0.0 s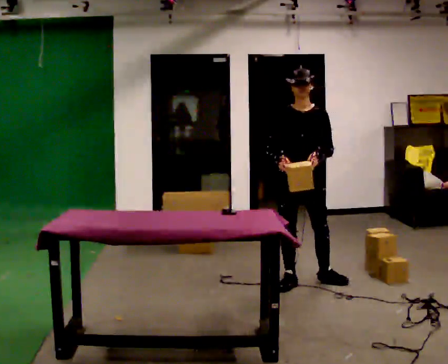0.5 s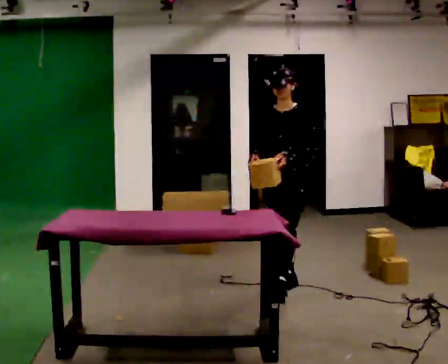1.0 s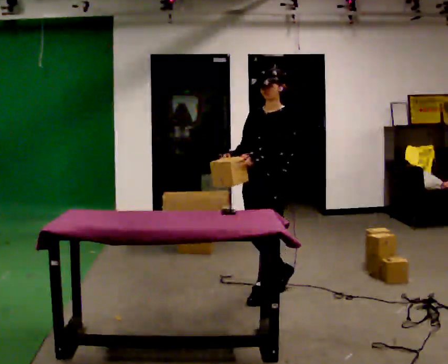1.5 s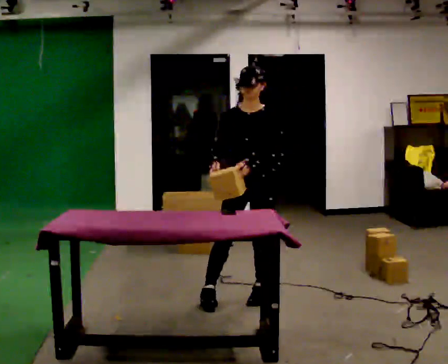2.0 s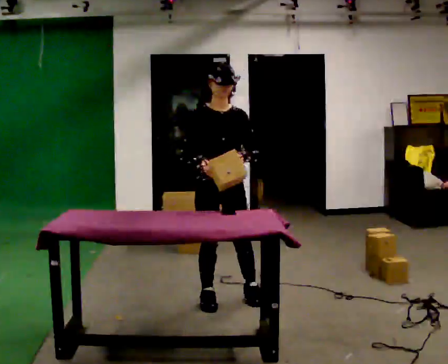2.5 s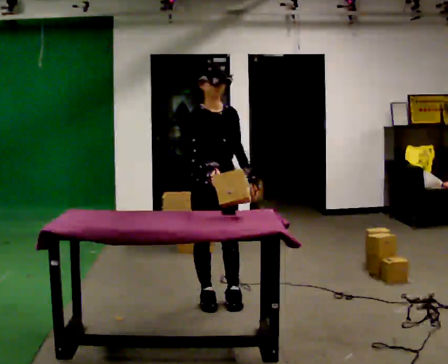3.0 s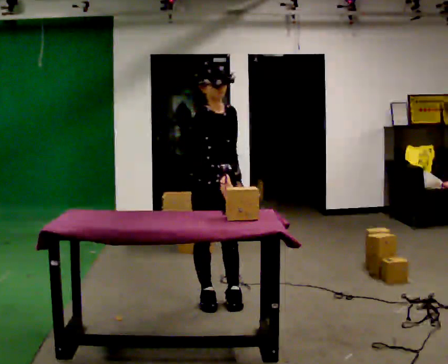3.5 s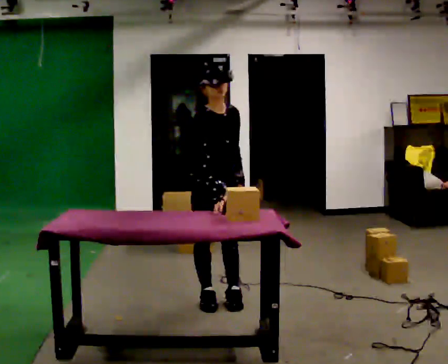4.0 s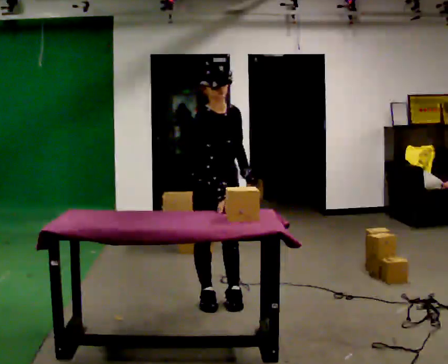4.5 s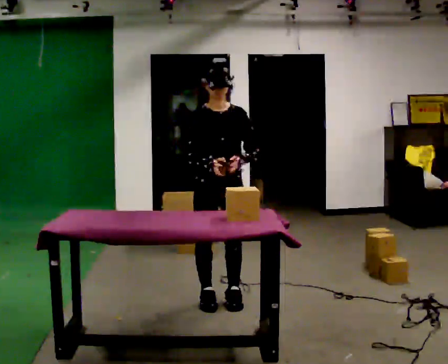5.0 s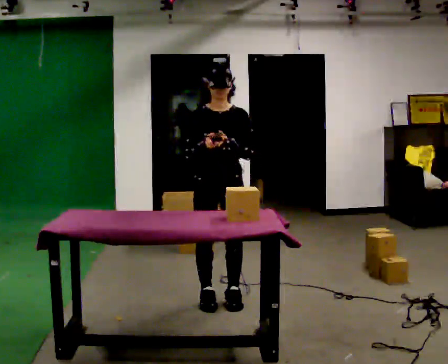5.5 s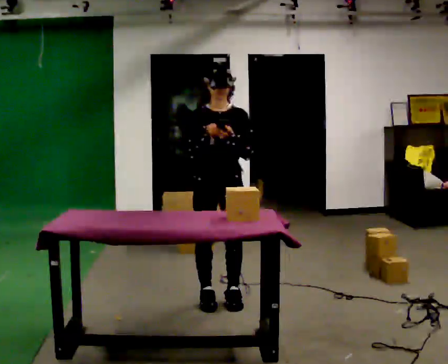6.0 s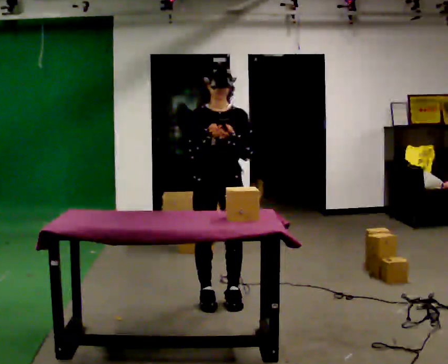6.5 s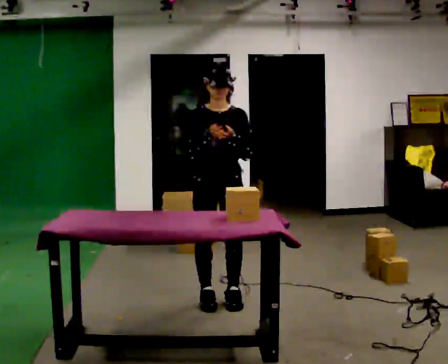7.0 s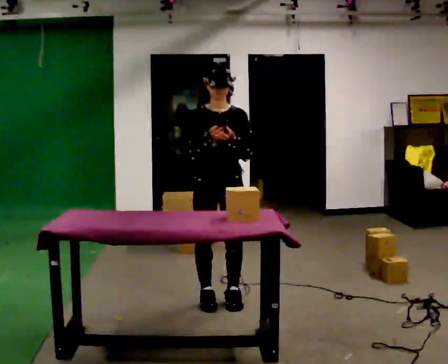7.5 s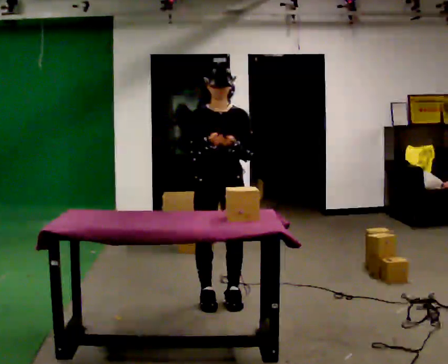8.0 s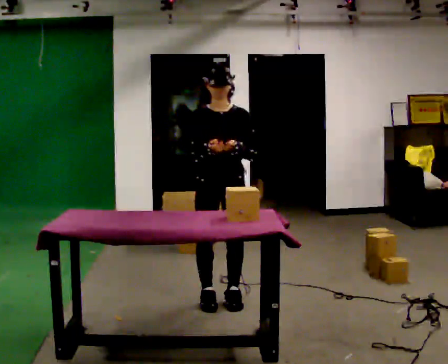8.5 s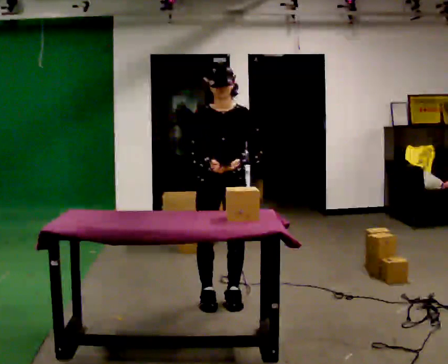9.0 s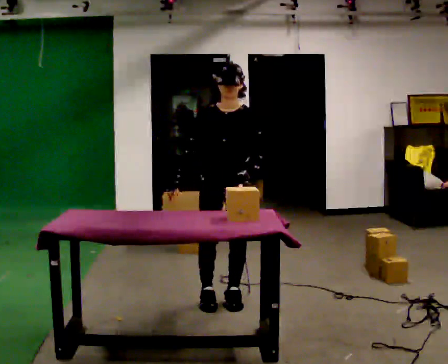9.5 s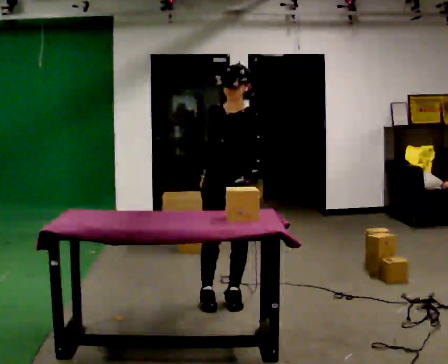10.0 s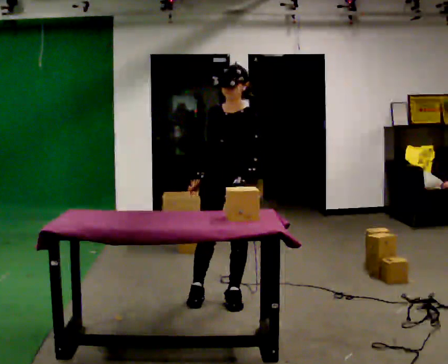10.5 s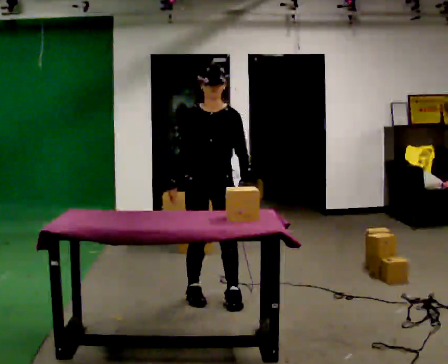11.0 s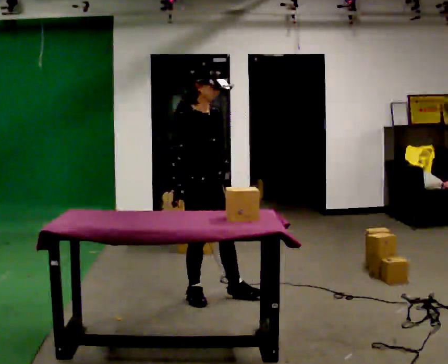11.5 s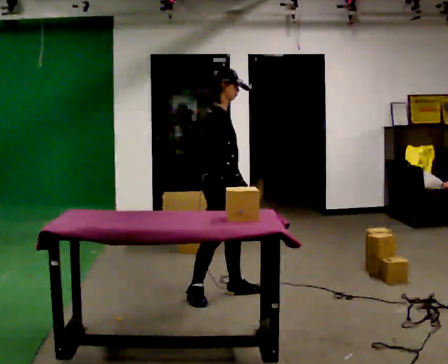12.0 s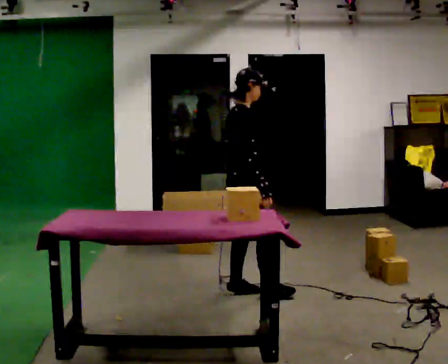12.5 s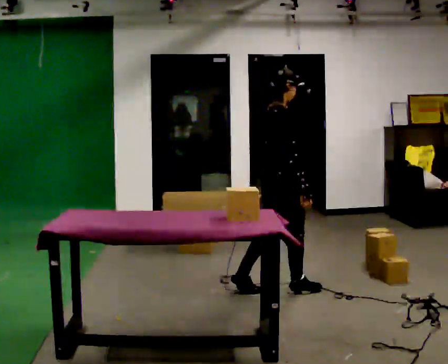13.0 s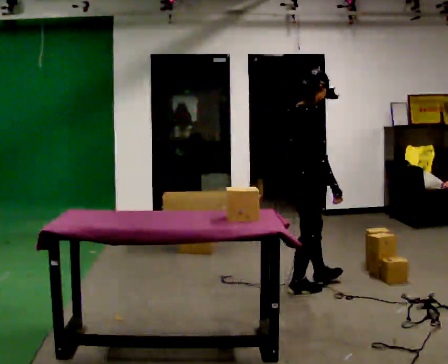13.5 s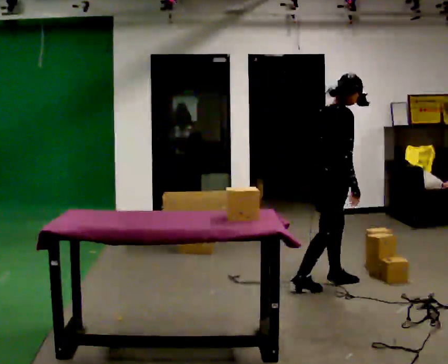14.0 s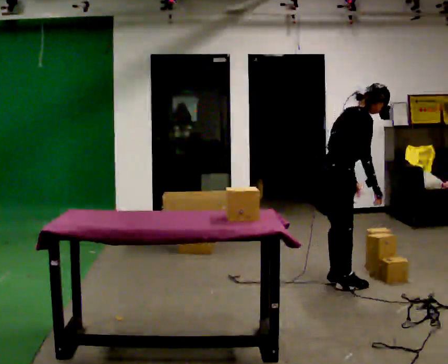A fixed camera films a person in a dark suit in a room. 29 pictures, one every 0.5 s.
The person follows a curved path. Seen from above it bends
clockwise.
0.0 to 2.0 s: In the picture they go to the left and toward the camera, about 0.5 m in 2 steps.
2.0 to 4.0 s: The person moves a little, or ends about where they began.
4.0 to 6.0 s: The person turns about 30 degrees to their right, clockwise seen from above, so the part of the body nearest the lens slides to the left. The upper body tips away from the camera, its near side rolling upward, as they lean back or straighten.
6.0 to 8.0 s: The person moves a little, or ends about where they began.
8.0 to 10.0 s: Seen from above the body turns clockwise, about 30 degrees: to their right, with its near side sliding to the left.
10.0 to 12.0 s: The person turns about 120 degrees to their left, counterclockwise seen from above, so the part of the body nearest the lens slides to the right. In the picture they go away from the camera, about 0.25 m in 1 step.
12.0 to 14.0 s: In the picture they go to the right, about 0.75 m in 3 steps, which for them is forward. In the picture the upper body tilts clockwise, shoulders to the right, as they bend forward.
The film runs forward here.
